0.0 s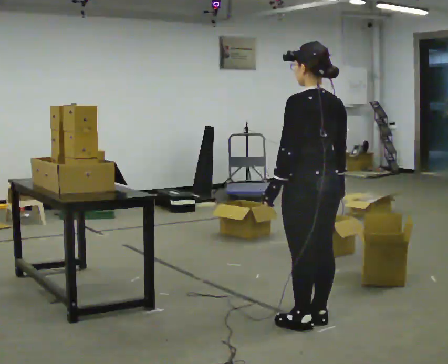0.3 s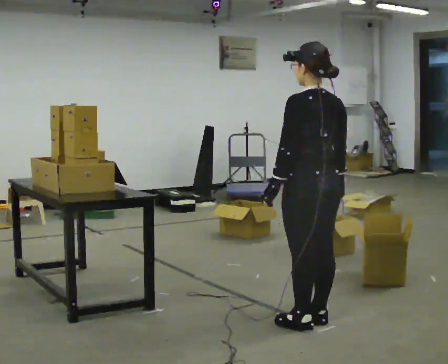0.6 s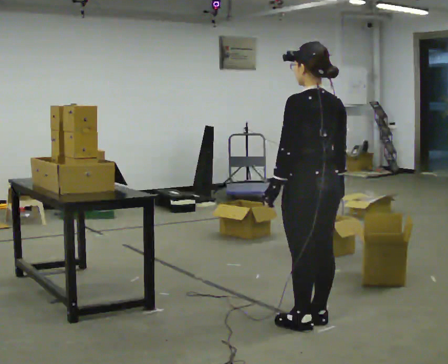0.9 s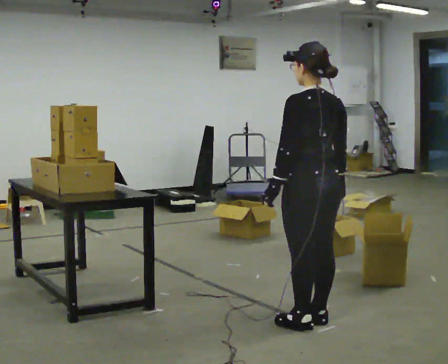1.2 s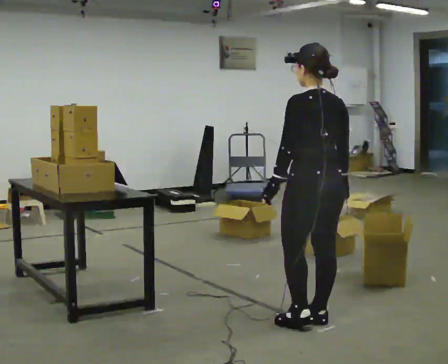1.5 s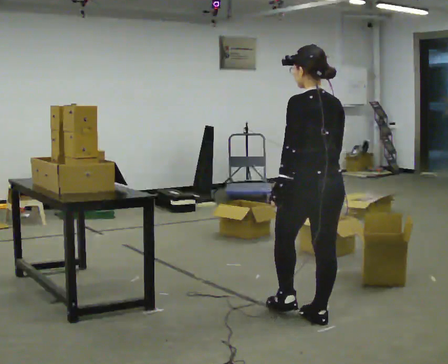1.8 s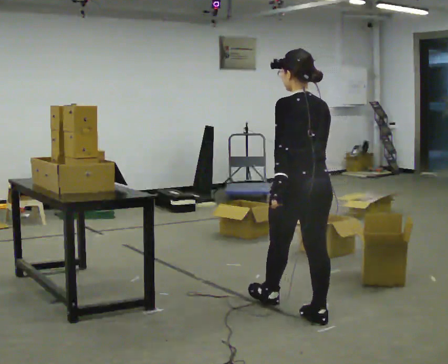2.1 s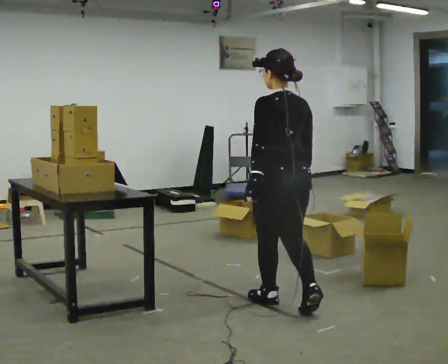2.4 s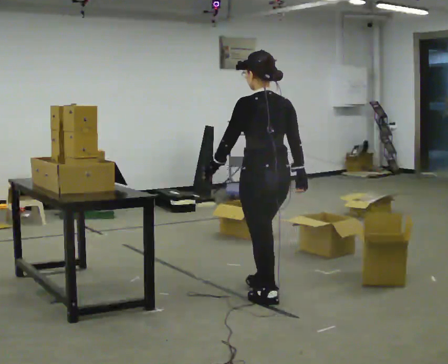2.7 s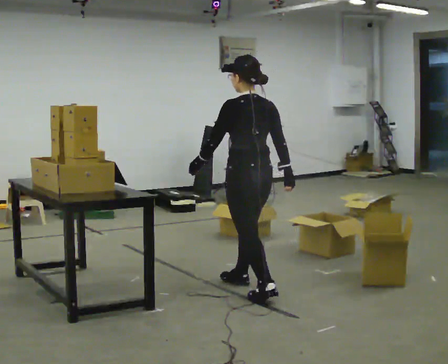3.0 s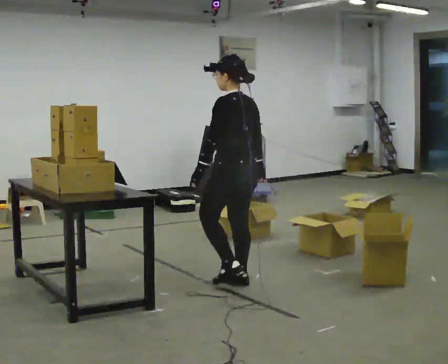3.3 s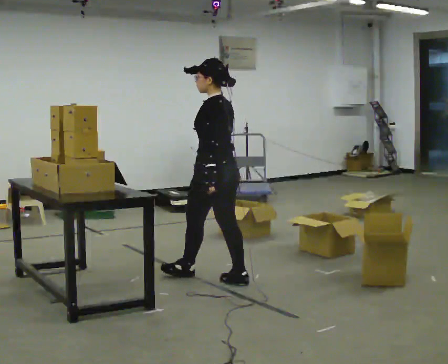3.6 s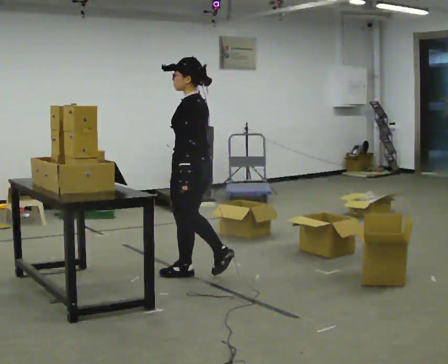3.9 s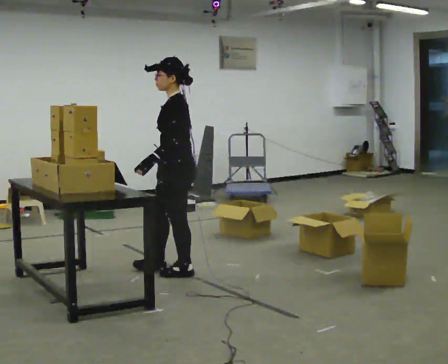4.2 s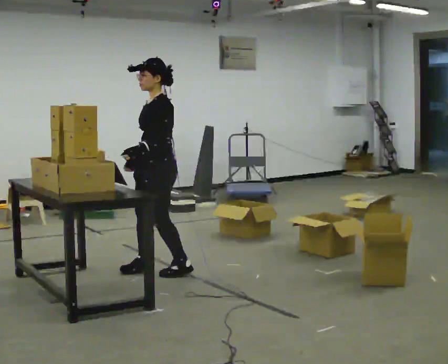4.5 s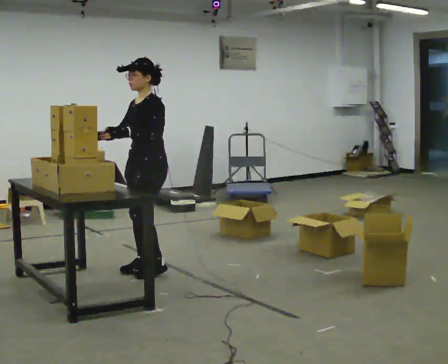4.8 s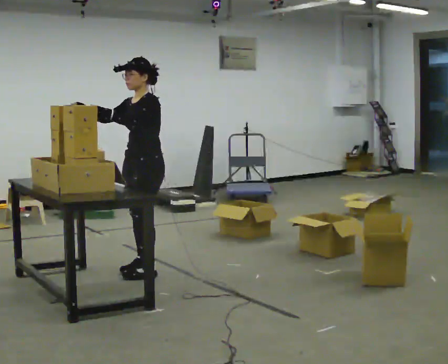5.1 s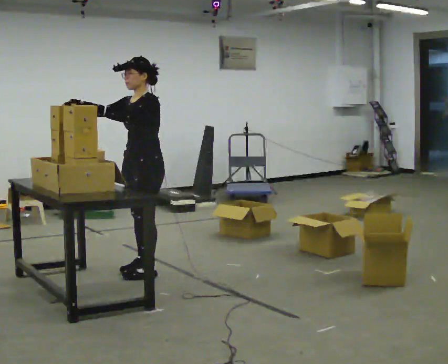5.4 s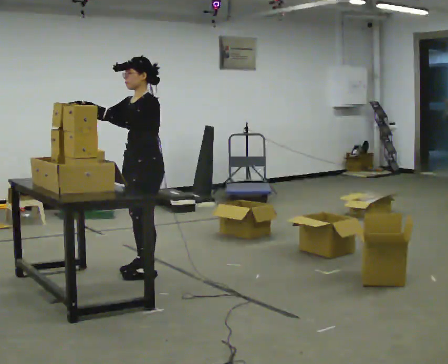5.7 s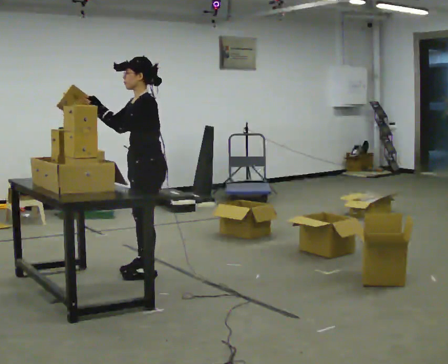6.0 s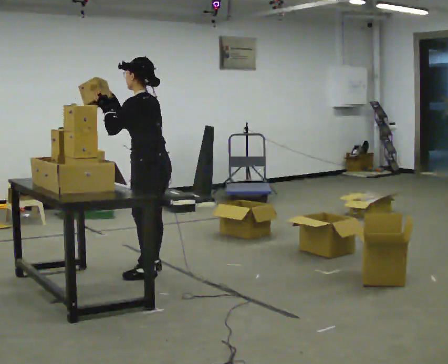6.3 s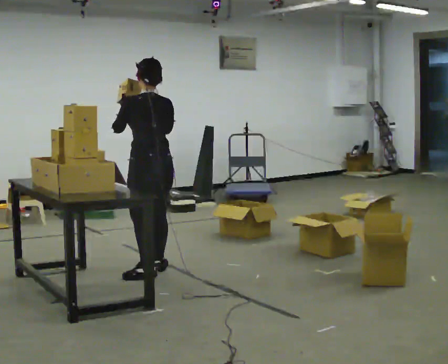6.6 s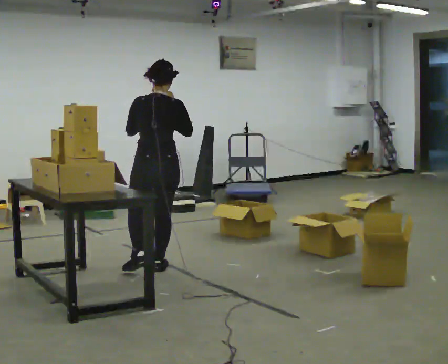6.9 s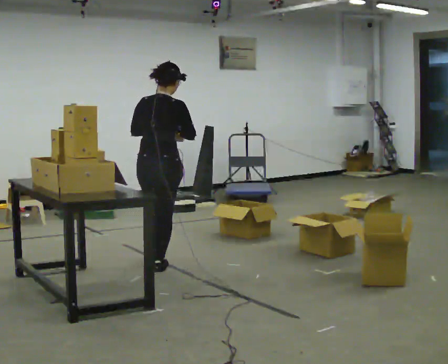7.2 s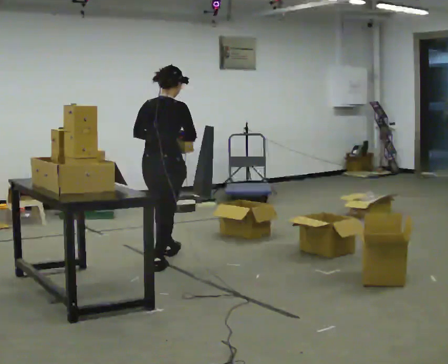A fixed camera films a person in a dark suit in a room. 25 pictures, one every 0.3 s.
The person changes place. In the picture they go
away from the camera.
0.0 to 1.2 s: The person moves a little, or ends about where they began.
1.2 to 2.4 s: In the picture they go away from the camera and to the left, about 0.5 m in 1 step, which for them is forward.
2.4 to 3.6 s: Seen from above the body turns counterclockwise, about 45 degrees: to their left, with its near side sliding to the right. In the picture they go away from the camera and to the left, about 0.5 m in 2 steps, which for them is forward.
3.6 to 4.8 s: Seen from above the body turns counterclockwise, about 60 degrees: to their left, with its near side sliding to the right. In the picture they go to the left and away from the camera, about 0.5 m in 2 steps, which for them is forward and to their right. In the picture their right hand goes upward, the arm swinging clockwise.
4.8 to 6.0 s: Seen from above the body turns clockwise, about 60 degrees: to their right, with its near side sliding to the left.
6.0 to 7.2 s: The person turns about 90 degrees to their right, clockwise seen from above, so the part of the body nearest the lens slides to the left. In the picture they go away from the camera, about 0.5 m in 1 step. In the picture the upper body tilts clockwise, shoulders to the right.
The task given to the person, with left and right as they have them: 1. Take the objects out of the box on the table one at a time. 2. Put each one in the bin the operator has labelled for it. 3. Tell the operator when you are finished.
The film runs forward here.
